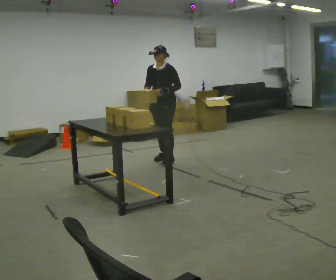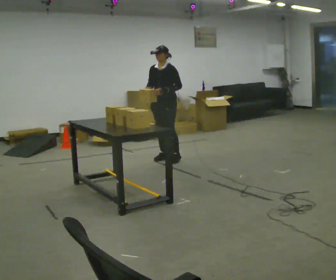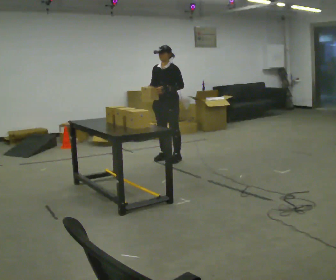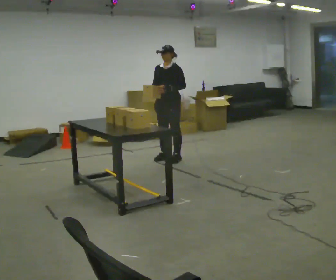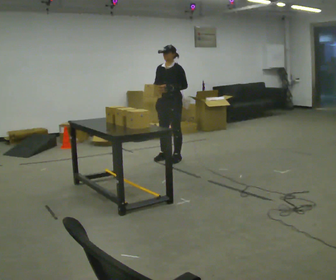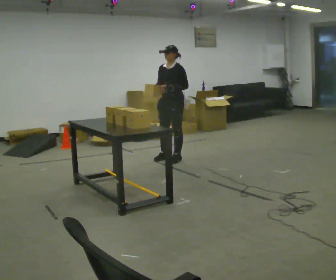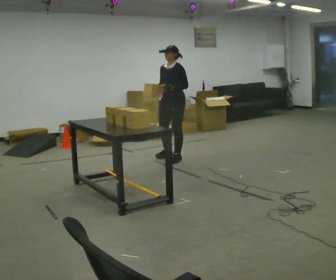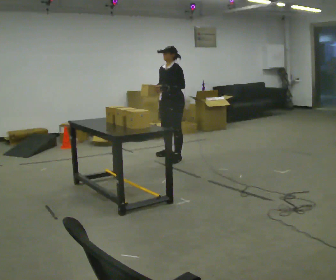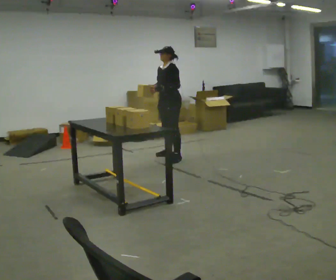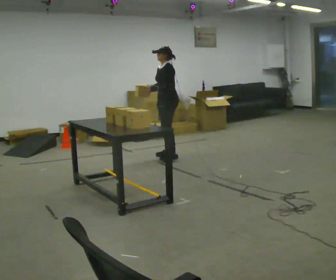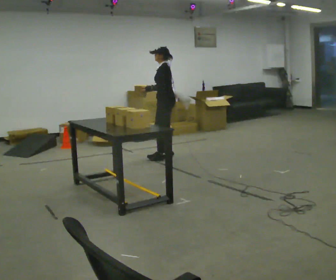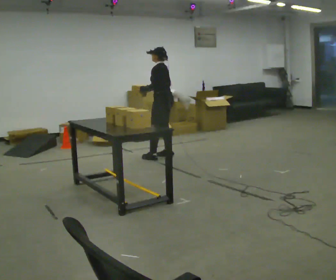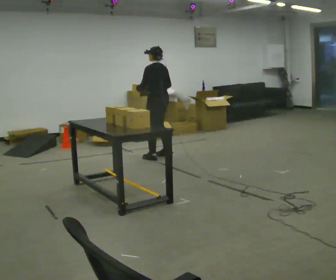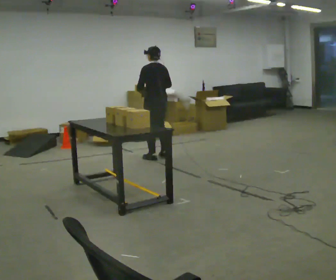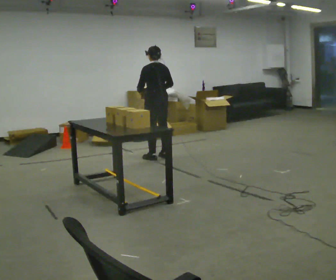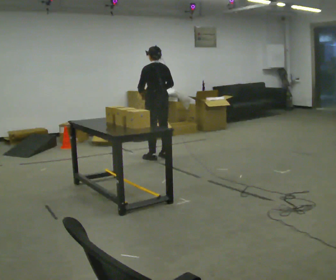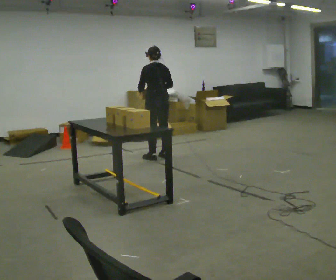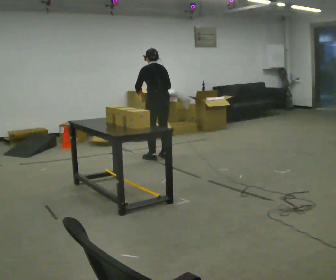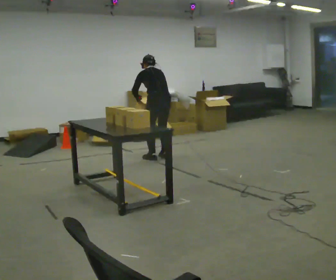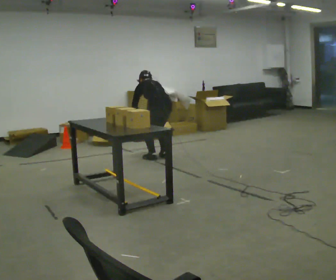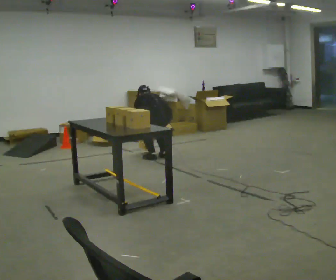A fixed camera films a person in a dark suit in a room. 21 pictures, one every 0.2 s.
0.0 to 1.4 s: The person moves a little, or ends about where they began.
1.4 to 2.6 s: The part of the body nearest the lens slides to the left as the person turns to their right by about 90 degrees. In the picture they go to the left, about 0.25 m in 1 step. In the picture their left hand goes to the left.
2.6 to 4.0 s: The shoulders move downward. The upper body tips away from the camera, its near side rolling upward, as they bend forward. In the picture their right hand goes downward.
The film runs backward here.
